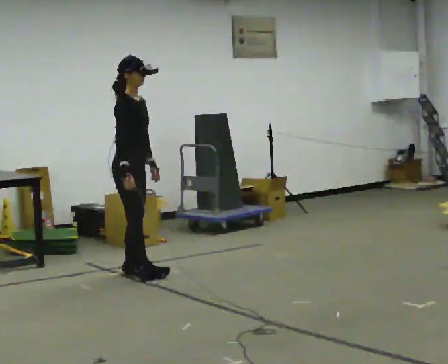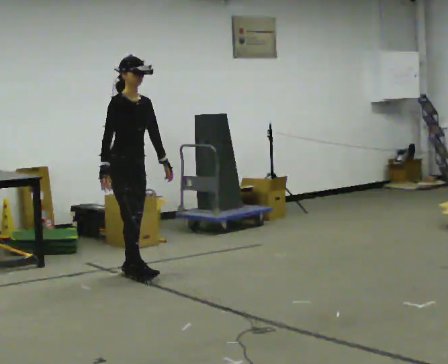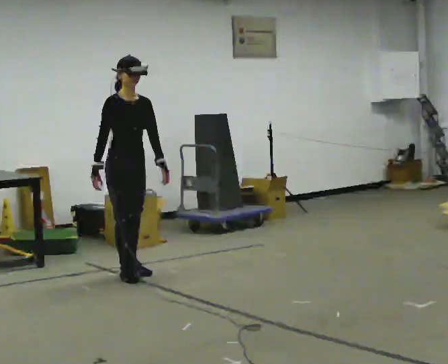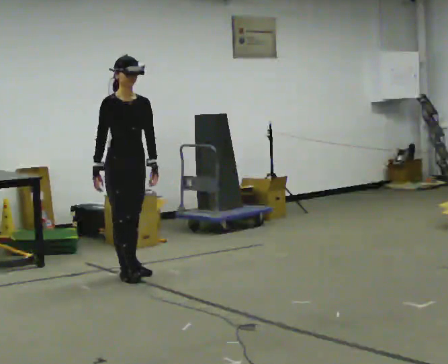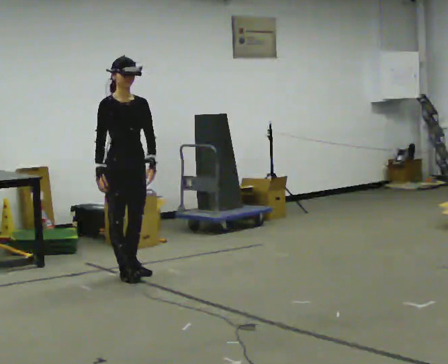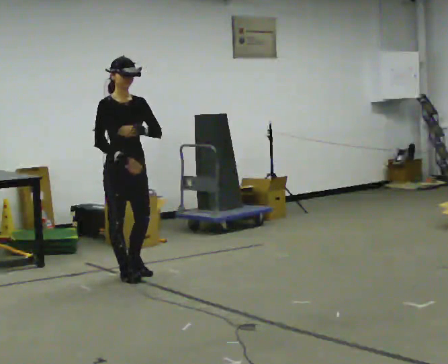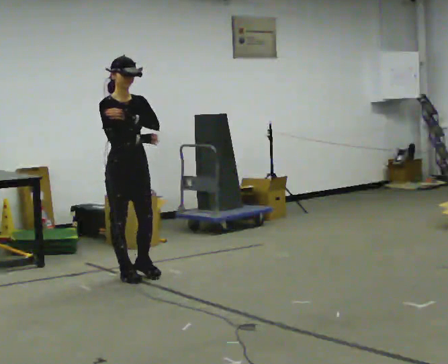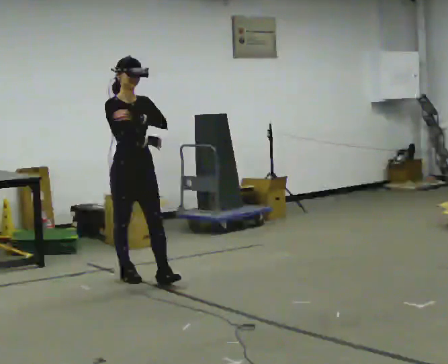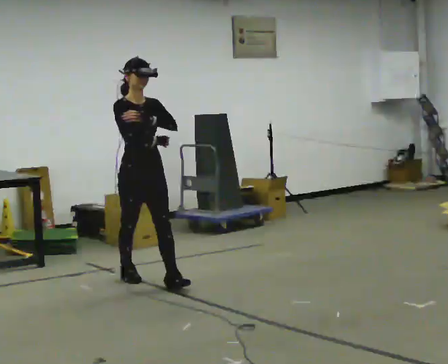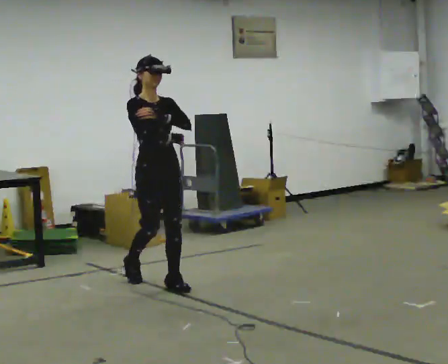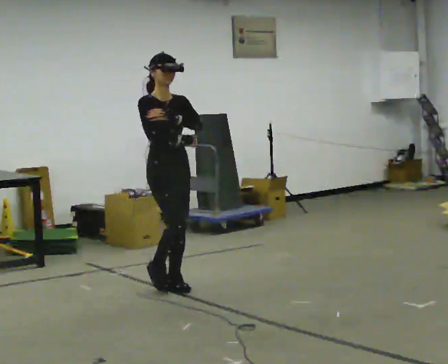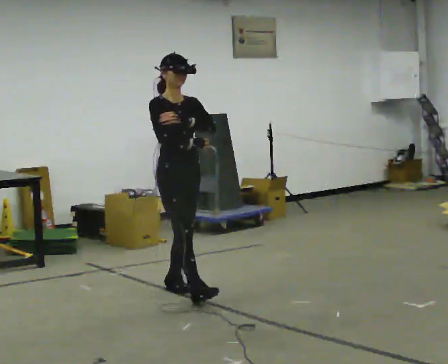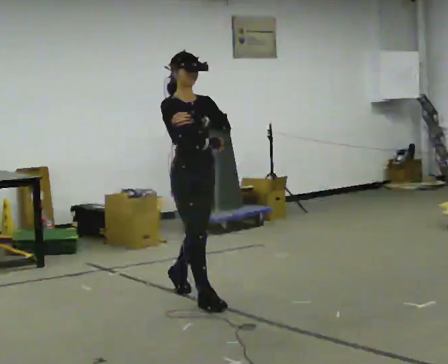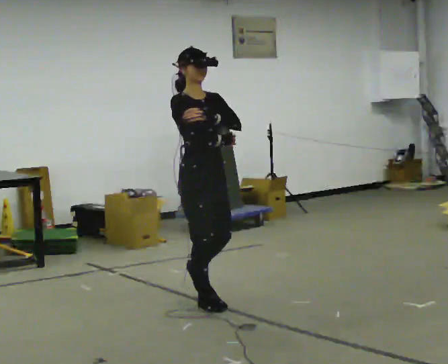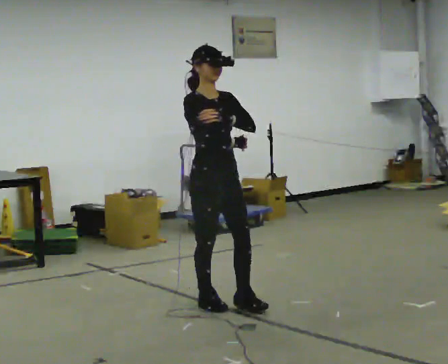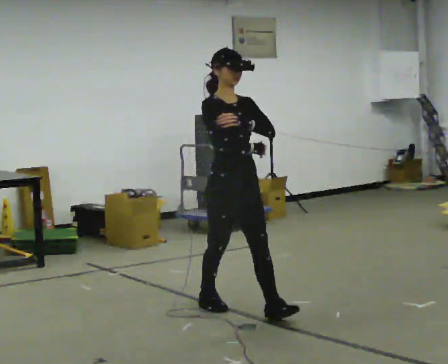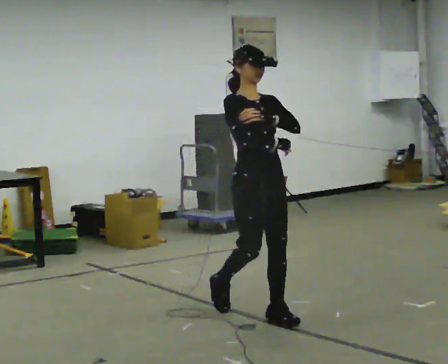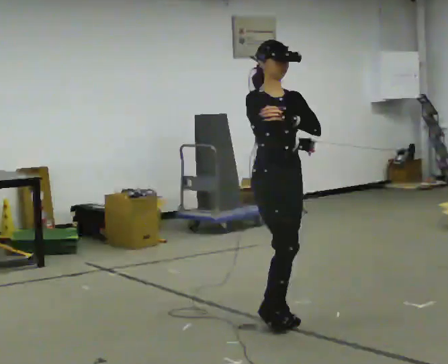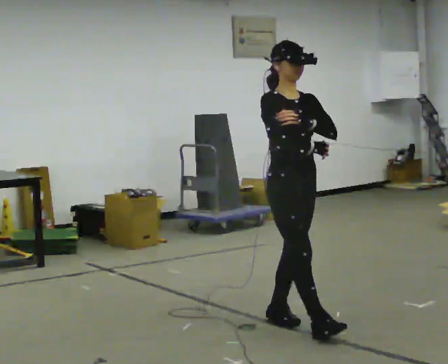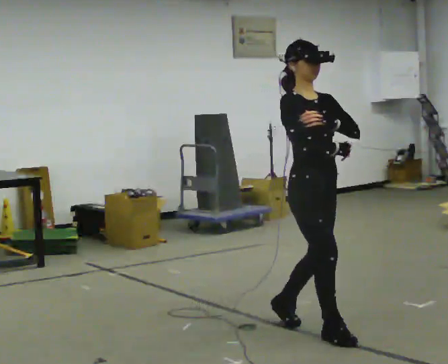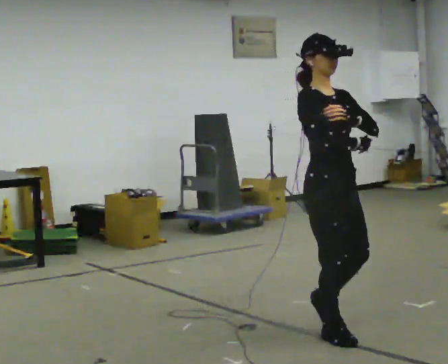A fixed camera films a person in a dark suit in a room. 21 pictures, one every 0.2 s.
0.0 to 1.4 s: The part of the body nearest the lens slides to the left as the person turns to their right by about 30 degrees. In the picture they go toward the camera, about 0.25 m, which for them is forward. In the picture their left hand goes upward.
1.4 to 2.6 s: In the picture they go toward the camera and to the right, about 1 m in 2 steps, which for them is forward.
2.6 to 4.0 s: In the picture they go toward the camera and to the right, about 1 m in 2 steps, which for them is forward.
The film runs forward here.
